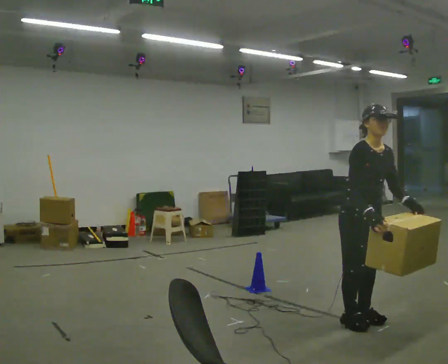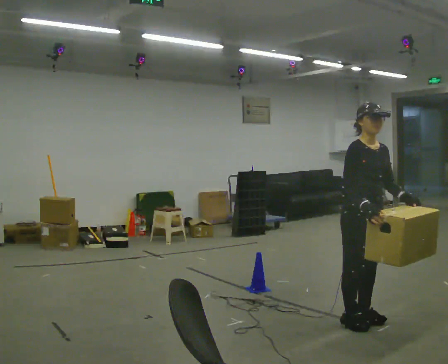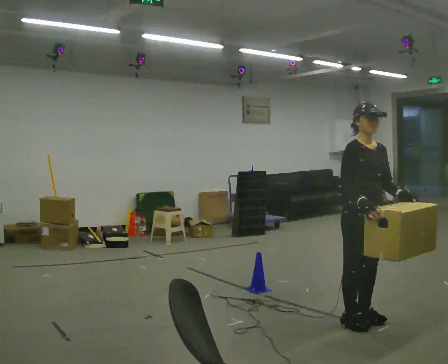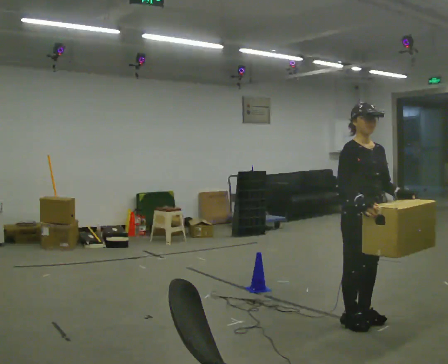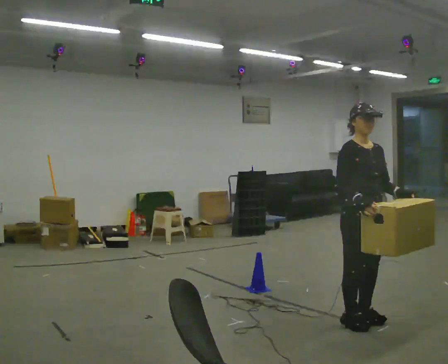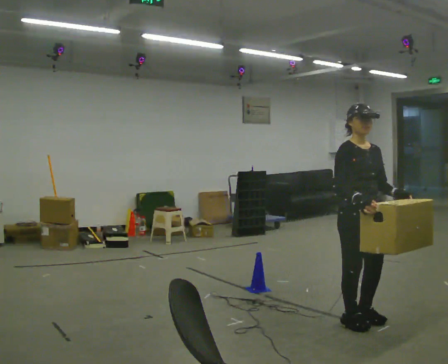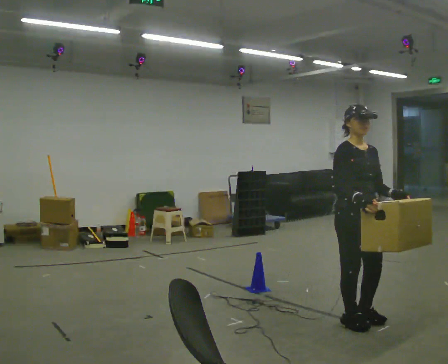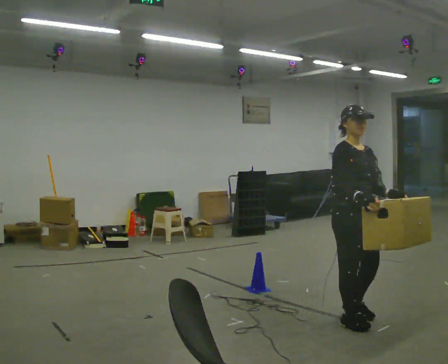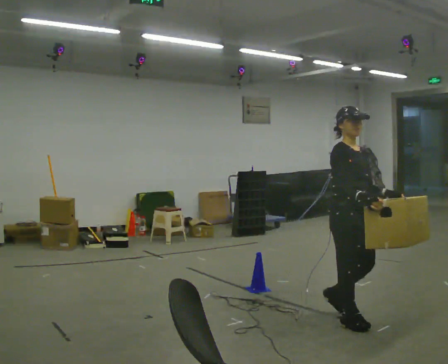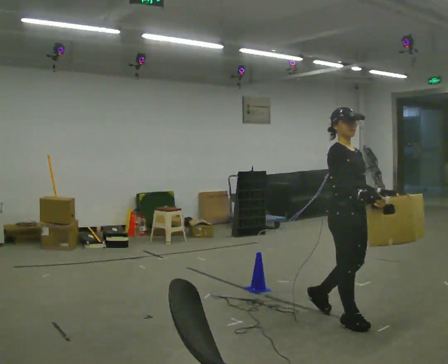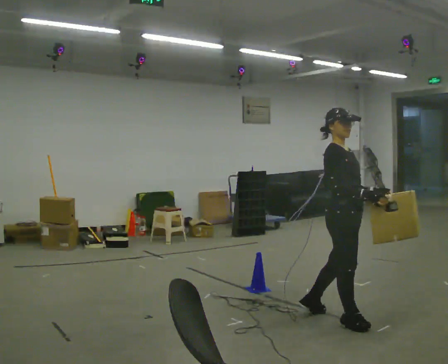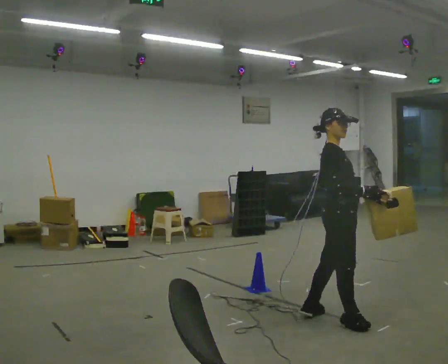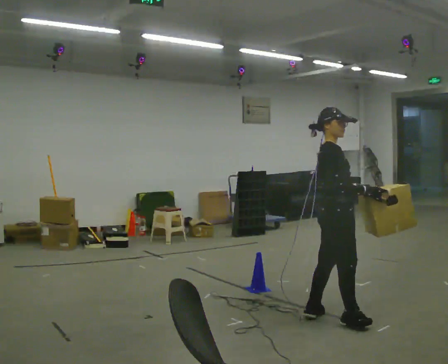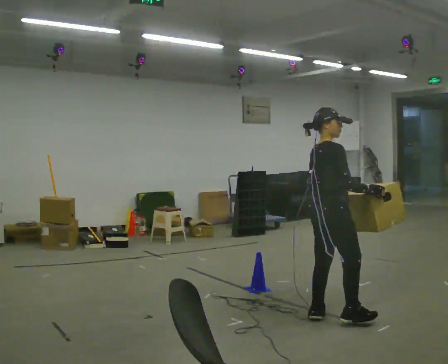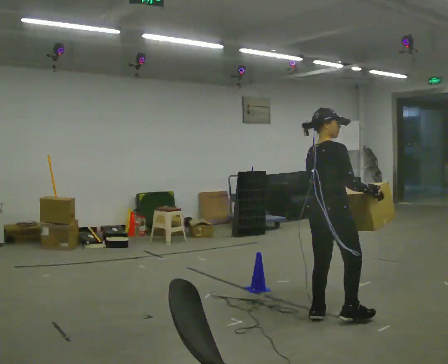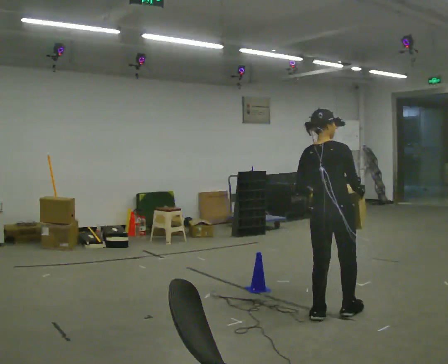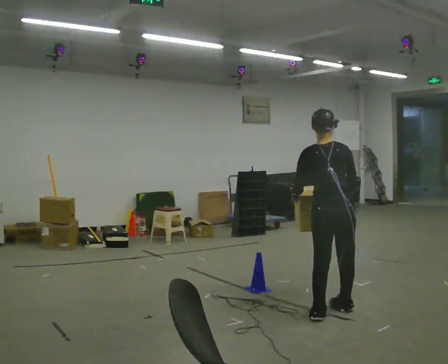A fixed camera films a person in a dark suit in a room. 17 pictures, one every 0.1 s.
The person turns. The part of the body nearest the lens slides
to the right.
The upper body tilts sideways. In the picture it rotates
counterclockwise.
0.0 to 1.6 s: The part of the body nearest the lens slides to the right as the person turns to their left by about 135 degrees. In the picture they go to the left and away from the camera, about 0.25 m in 2 steps. In the picture the upper body tilts counterclockwise, shoulders to the left.
The film runs backward here.
